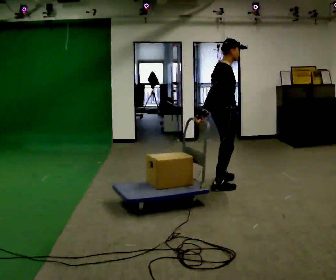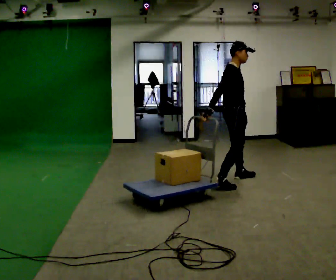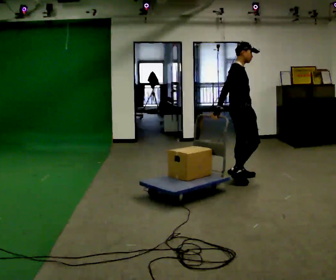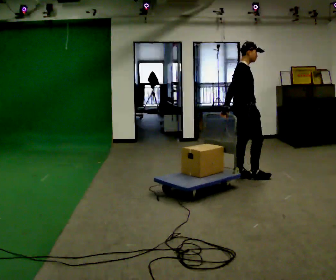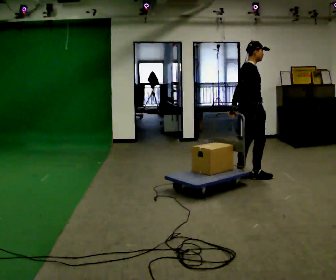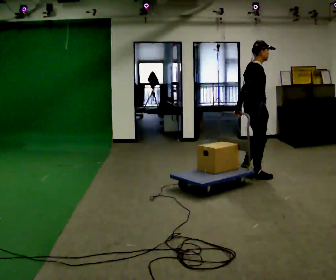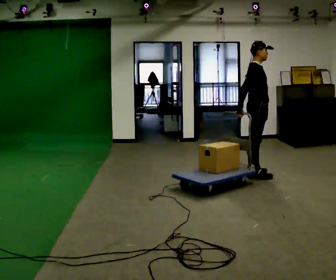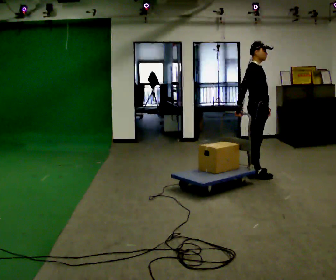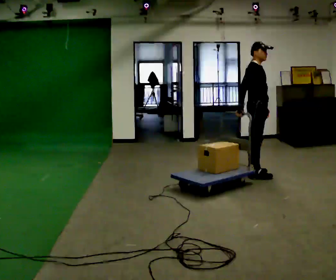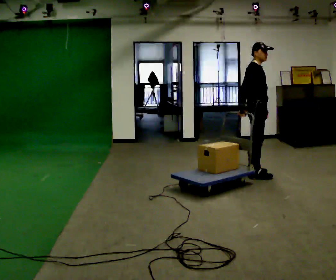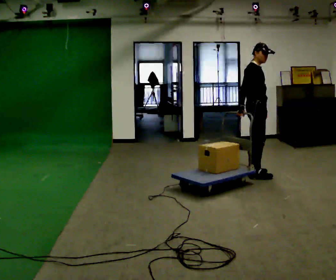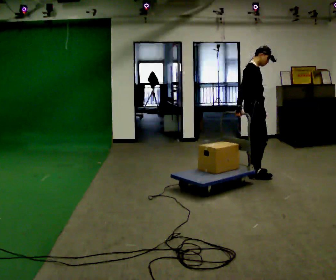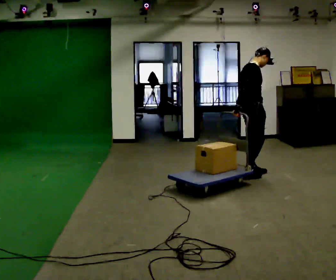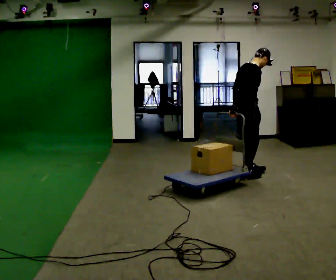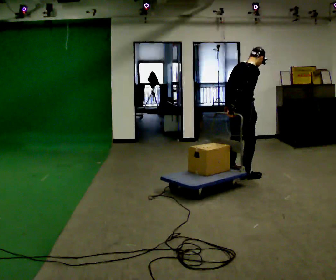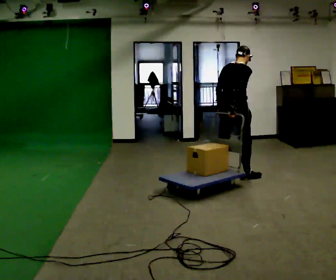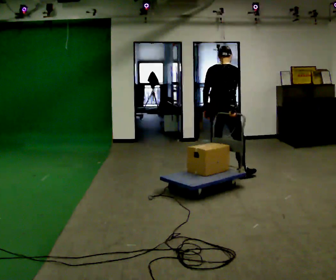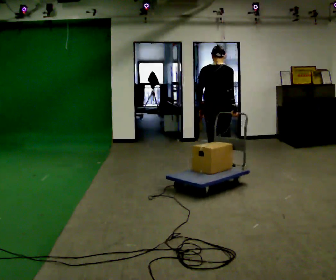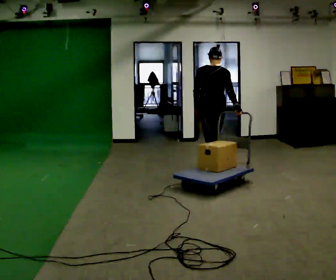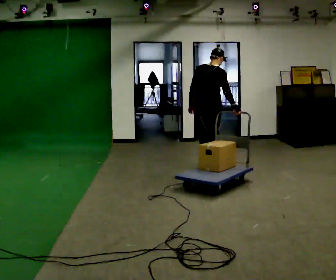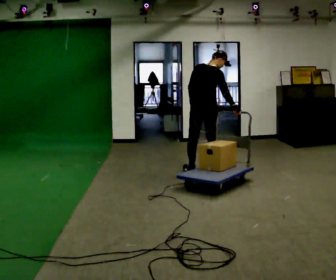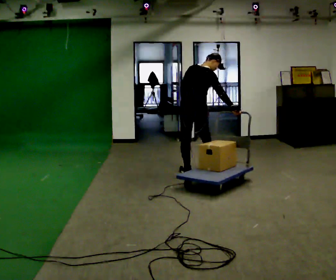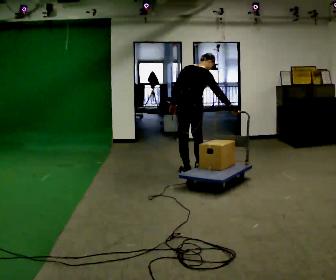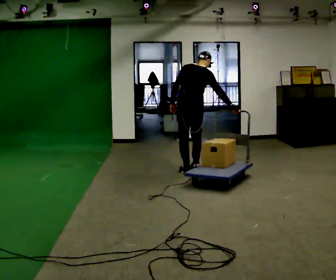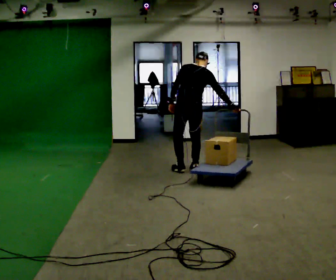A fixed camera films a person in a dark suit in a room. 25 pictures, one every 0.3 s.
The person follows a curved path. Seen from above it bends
counterclockwise.
0.0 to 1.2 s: In the picture they go away from the camera and to the right, about 0.5 m in 2 steps, which for them is forward and to their left.
1.2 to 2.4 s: Seen from above the body turns clockwise, about 30 degrees: to their right, with its near side sliding to the left.
2.4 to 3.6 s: The part of the body nearest the lens slides to the right as the person turns to their left by about 30 degrees.
3.6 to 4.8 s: The person turns about 60 degrees to their left, counterclockwise seen from above, so the part of the body nearest the lens slides to the right. In the picture they go to the left, about 0.25 m in 1 step, which for them is backward and to their left.
4.8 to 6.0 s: In the picture they go to the left and away from the camera, about 0.25 m in 1 step, which for them is forward and to their left.
6.0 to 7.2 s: In the picture they go to the left, about 0.25 m in 2 steps, which for them is to their left.
The film runs forward here.
